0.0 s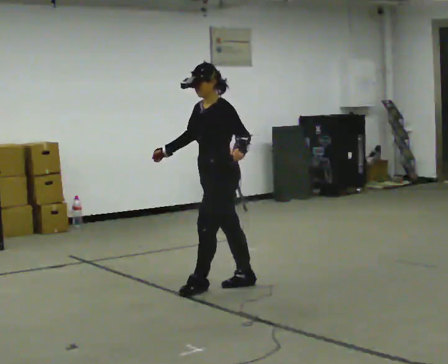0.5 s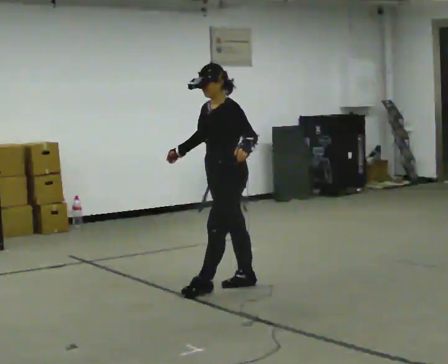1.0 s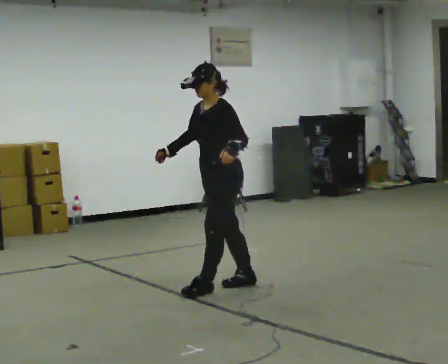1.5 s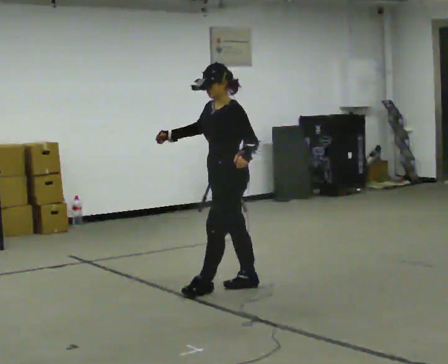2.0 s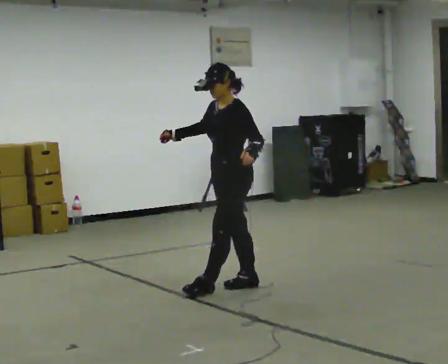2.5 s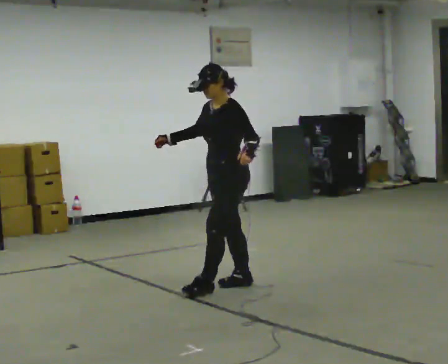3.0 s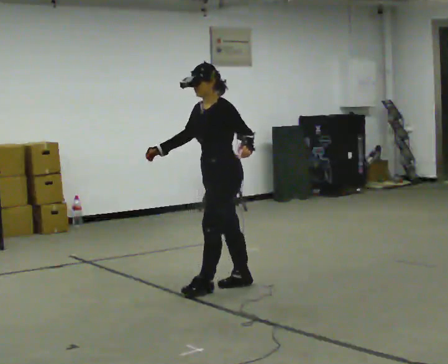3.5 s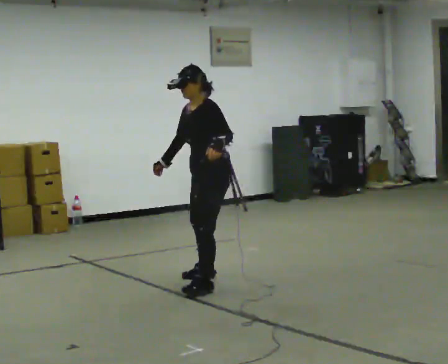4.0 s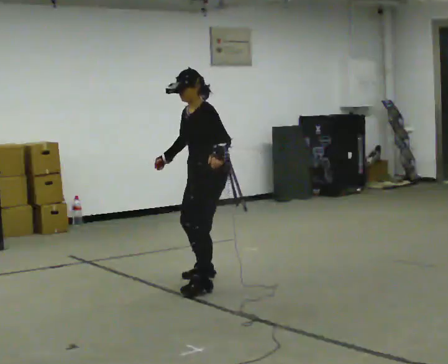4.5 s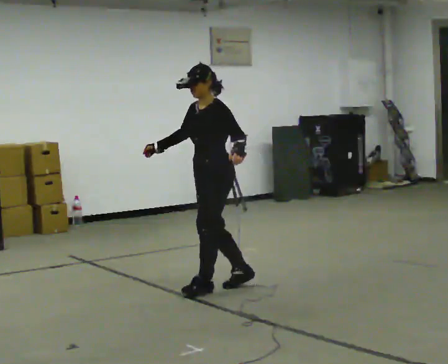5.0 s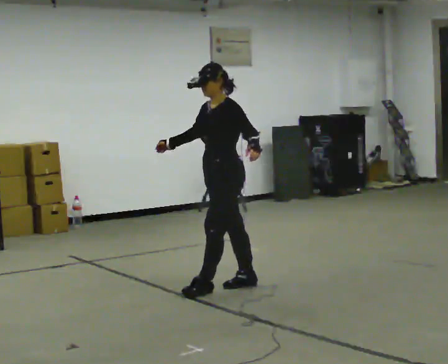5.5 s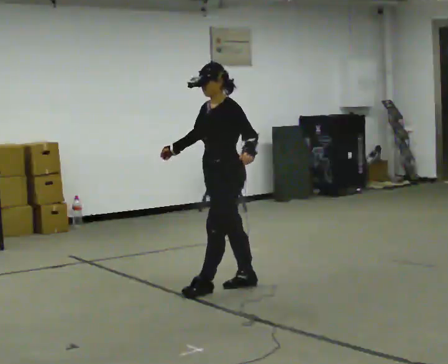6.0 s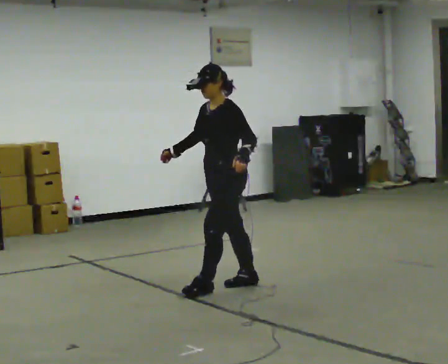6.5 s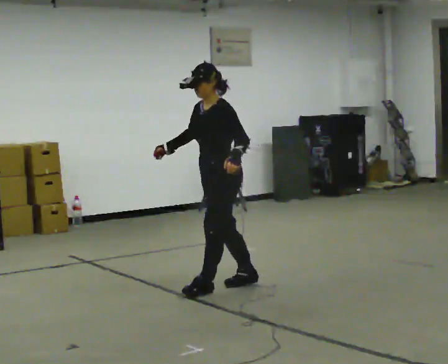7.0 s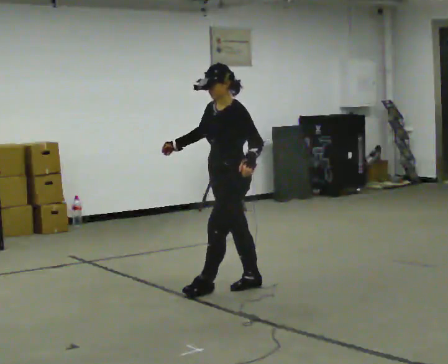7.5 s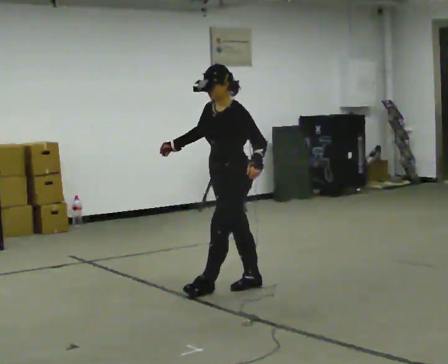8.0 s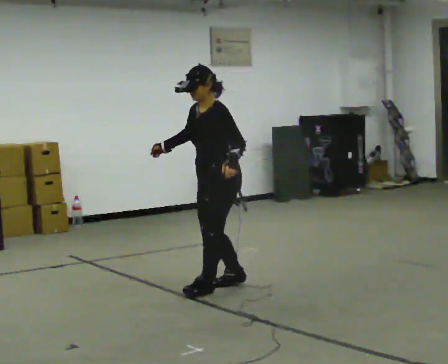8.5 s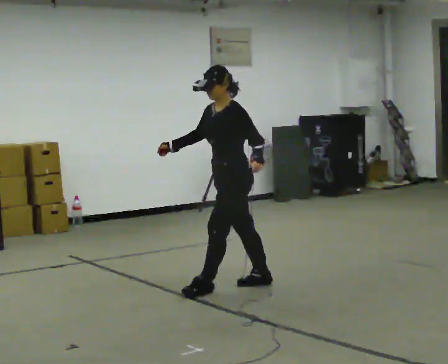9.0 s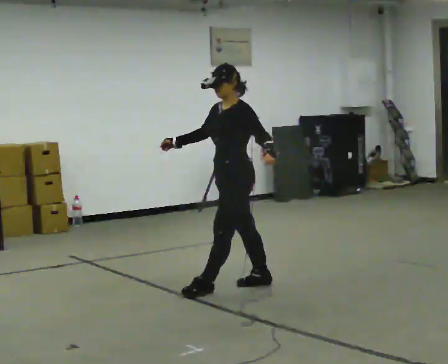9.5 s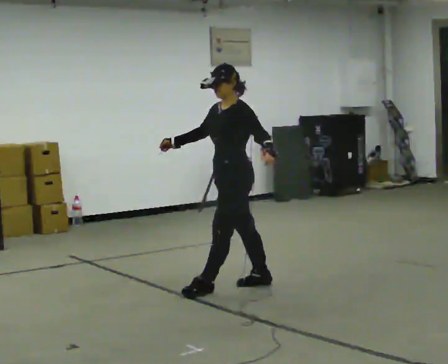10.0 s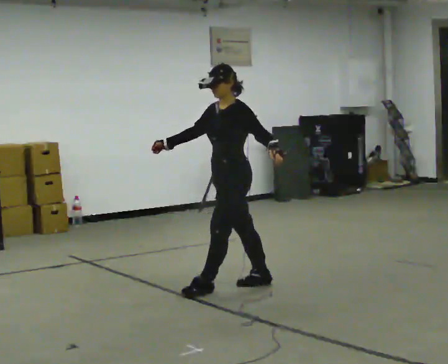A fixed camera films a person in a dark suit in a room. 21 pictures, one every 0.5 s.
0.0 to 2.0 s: The person moves a little, or ends about where they began.
2.0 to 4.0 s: In the picture they go away from the camera and to the left, about 0.25 m in 1 step, which for them is to their right.
4.0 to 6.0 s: In the picture they go toward the camera, about 0.25 m in 1 step, which for them is to their left.
6.0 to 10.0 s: The person moves a little, or ends about where they began.
The film runs backward here.
